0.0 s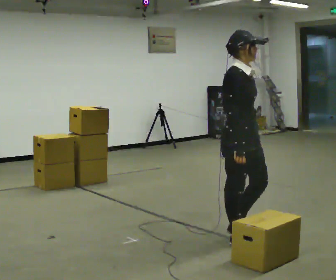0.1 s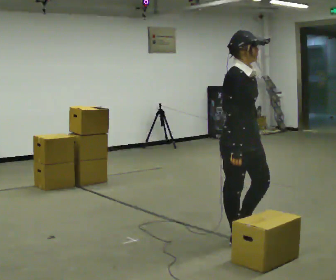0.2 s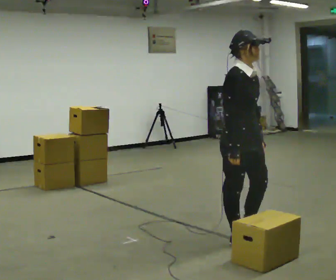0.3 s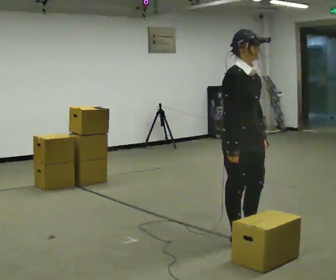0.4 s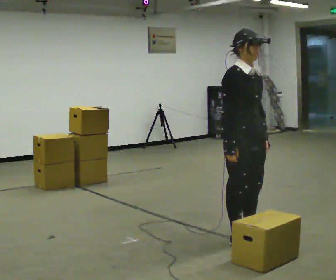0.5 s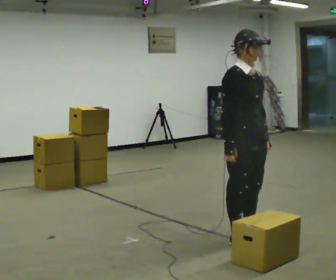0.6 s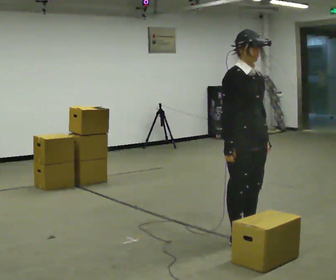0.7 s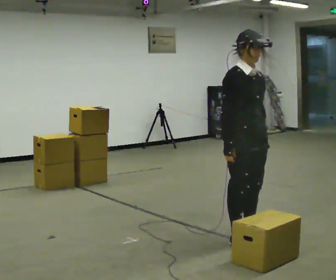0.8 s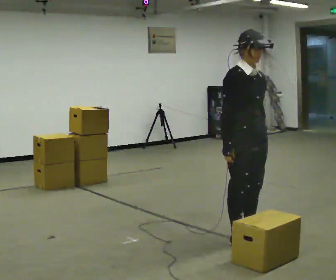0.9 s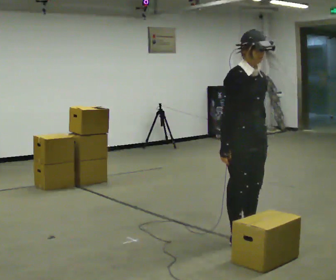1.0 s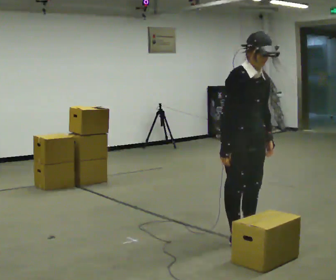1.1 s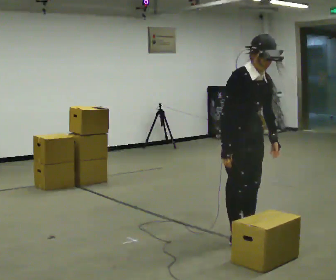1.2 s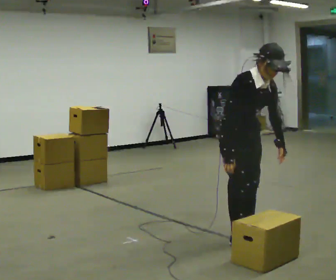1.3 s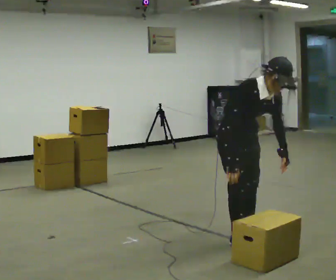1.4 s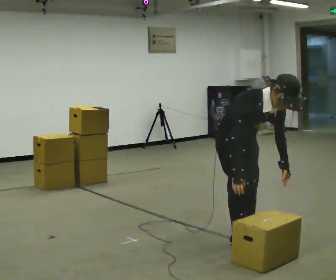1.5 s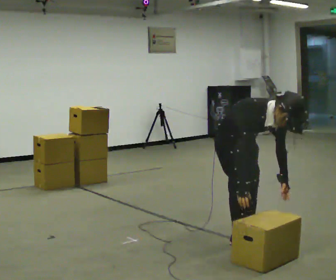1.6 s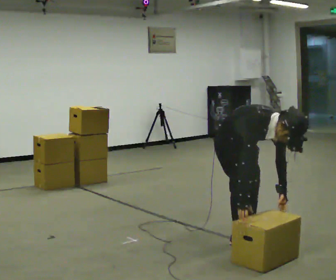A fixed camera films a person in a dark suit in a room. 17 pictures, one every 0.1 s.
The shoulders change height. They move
downward.
0.0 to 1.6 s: The shoulders move downward. The upper body tips toward the camera, its near side rolling downward, as they bend forward. In the picture their right hand goes downward.
The film runs backward here.
